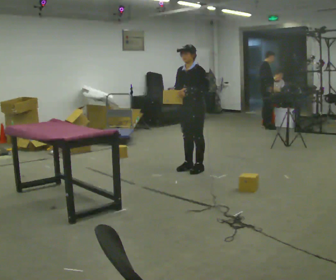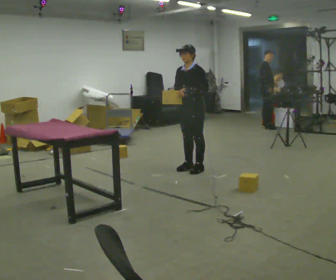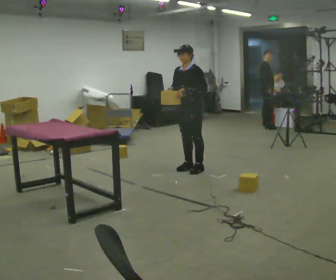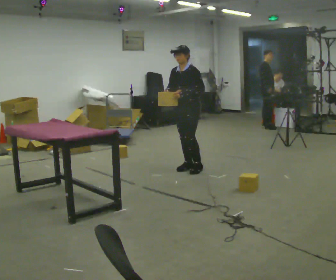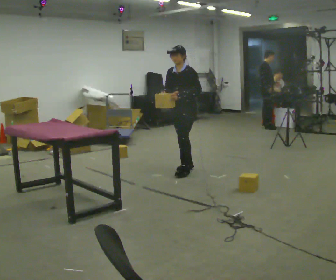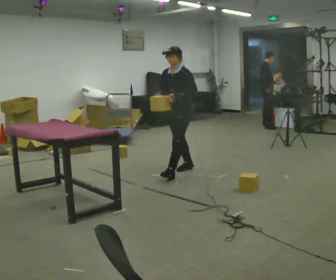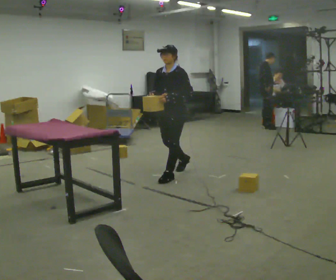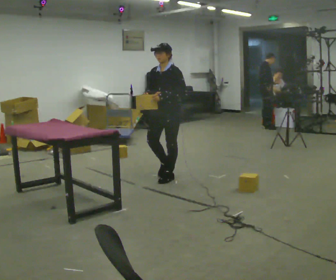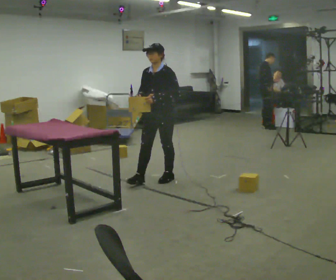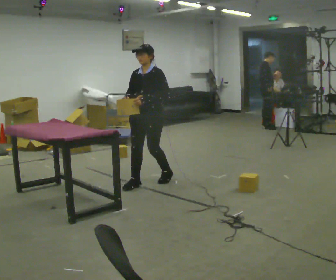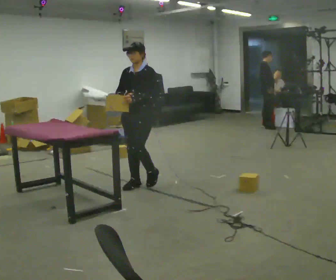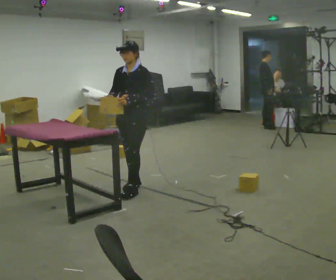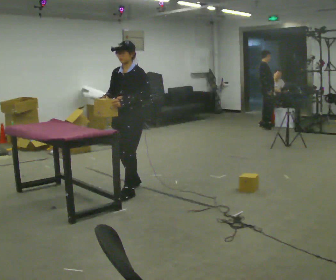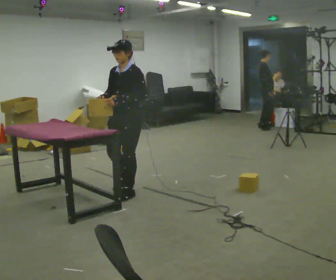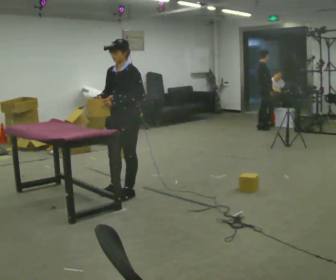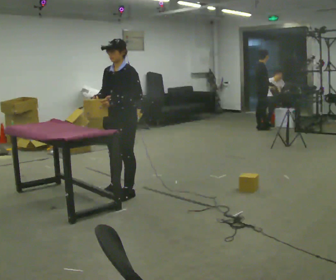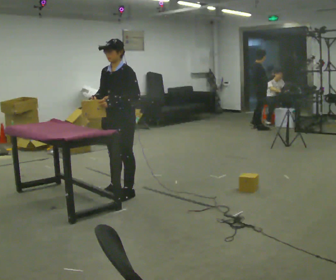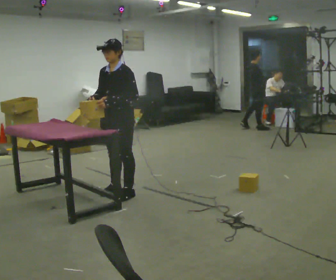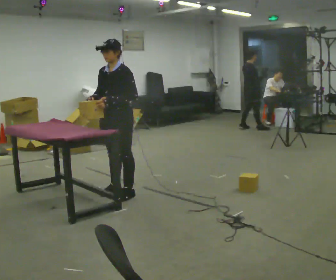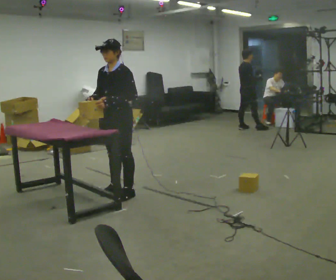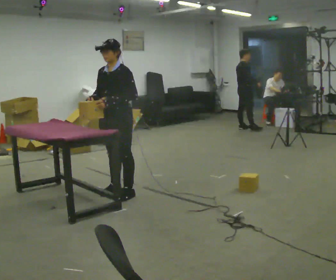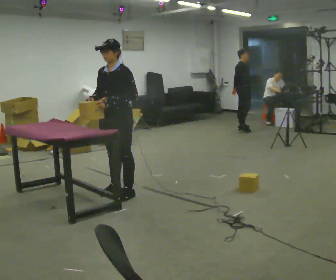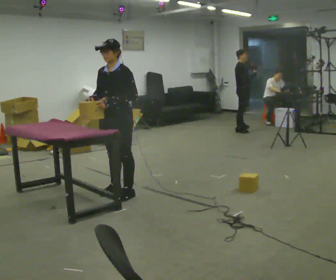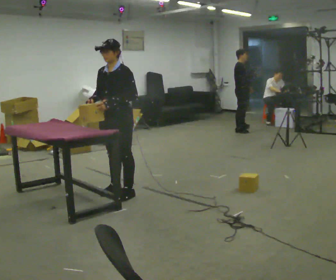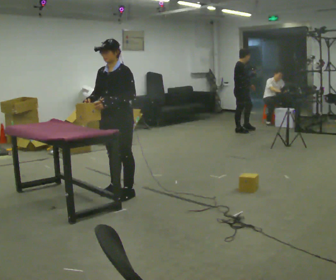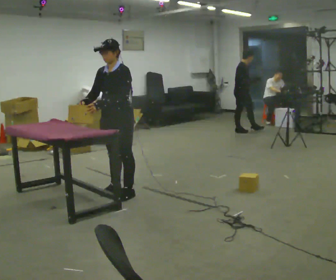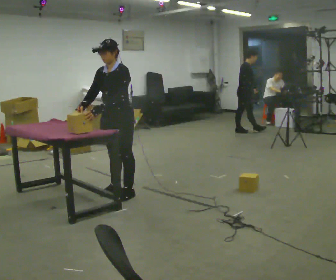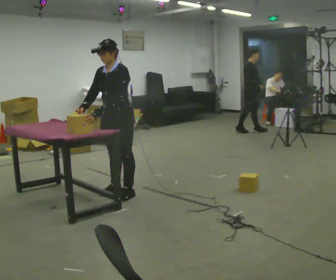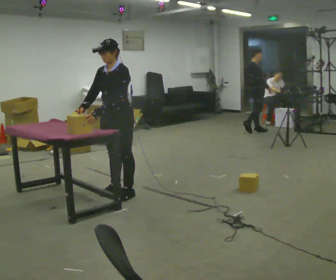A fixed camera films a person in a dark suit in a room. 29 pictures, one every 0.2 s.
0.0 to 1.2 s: In the picture they go to the left and toward the camera, about 0.25 m in 1 step, which for them is forward.
1.2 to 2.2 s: In the picture they go to the left and toward the camera, about 0.75 m in 1 step, which for them is forward.
2.2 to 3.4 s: In the picture they go toward the camera and to the left, about 0.25 m in 2 steps, which for them is forward.
3.4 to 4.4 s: The person keeps their place and pose.
4.4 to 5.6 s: The person moves a little, or ends about where they began.
The film runs forward here.
